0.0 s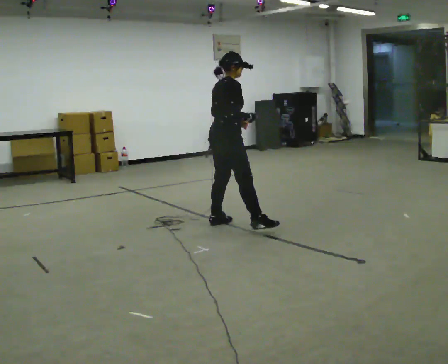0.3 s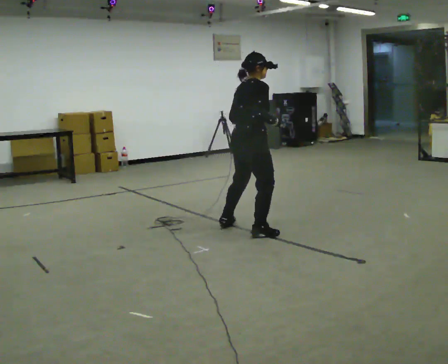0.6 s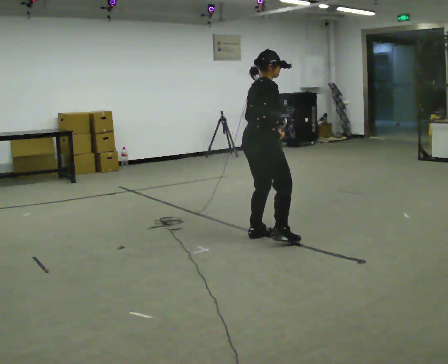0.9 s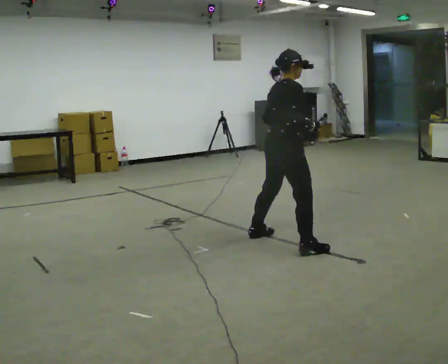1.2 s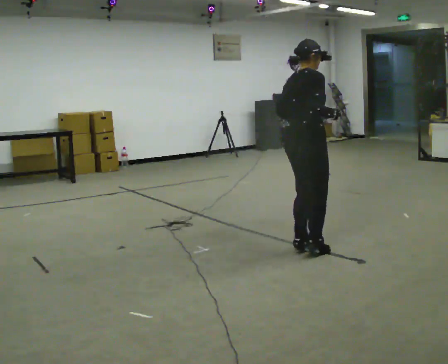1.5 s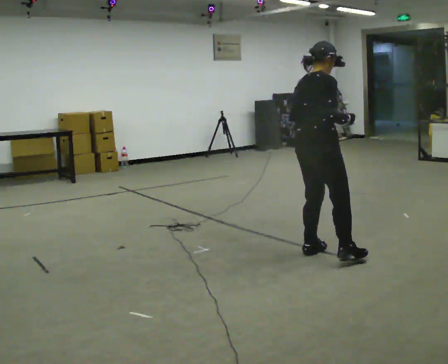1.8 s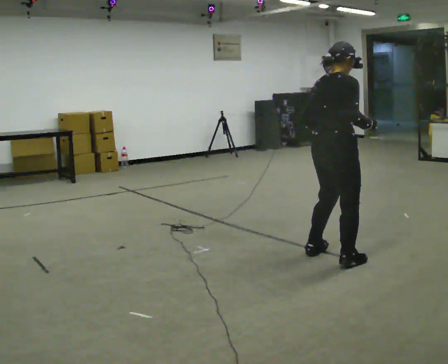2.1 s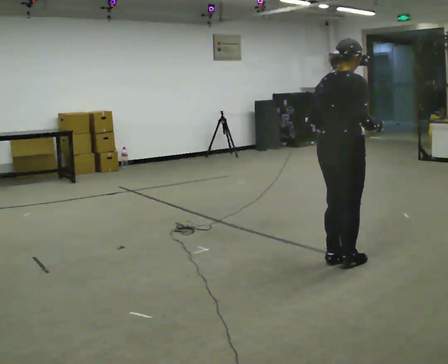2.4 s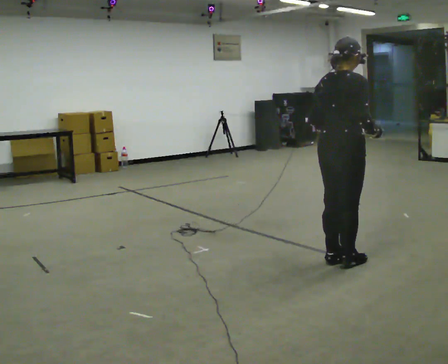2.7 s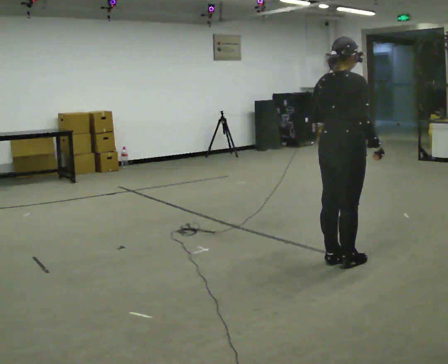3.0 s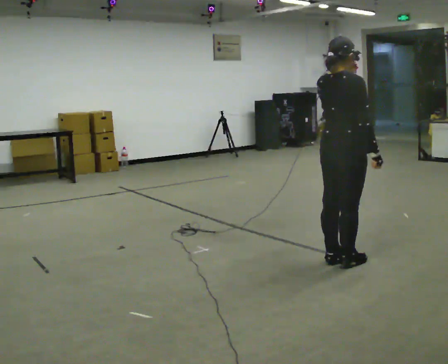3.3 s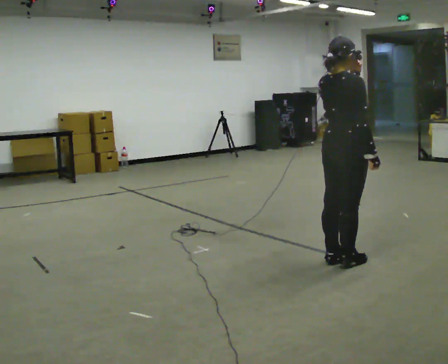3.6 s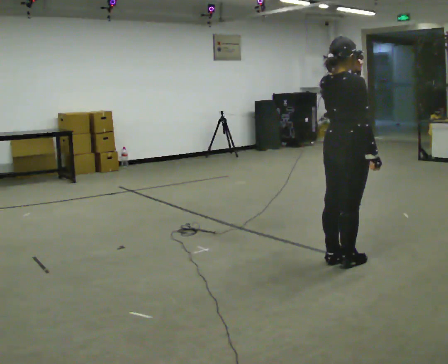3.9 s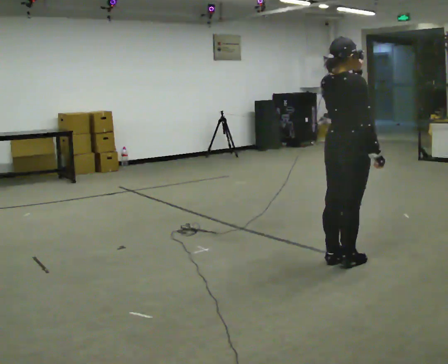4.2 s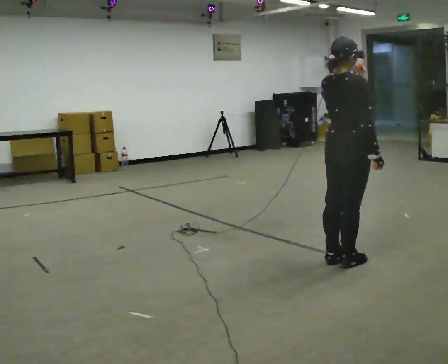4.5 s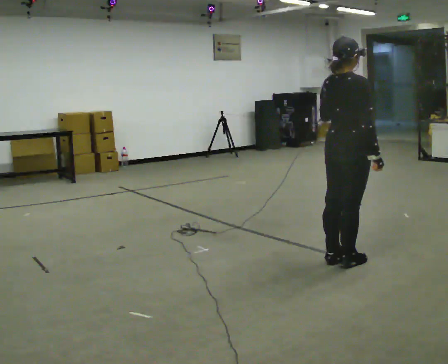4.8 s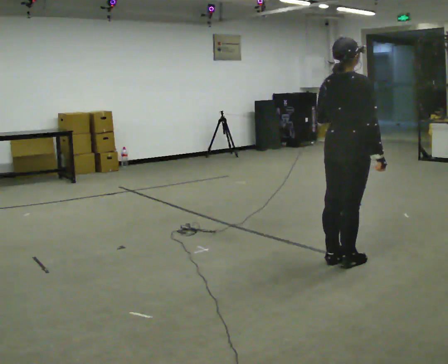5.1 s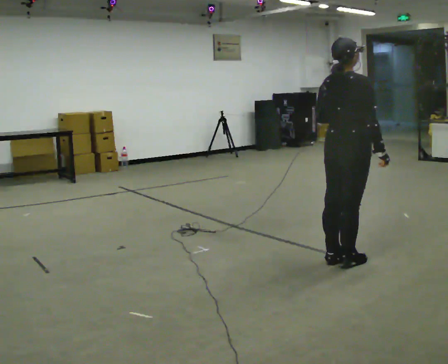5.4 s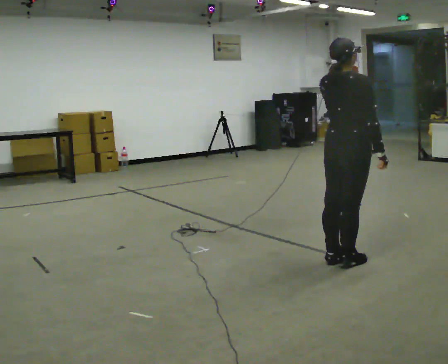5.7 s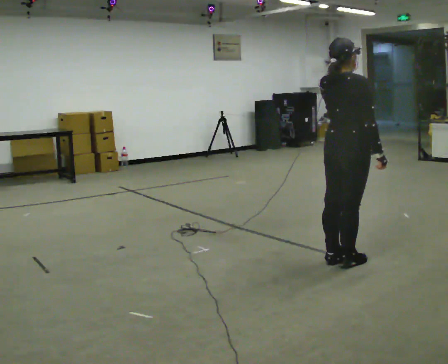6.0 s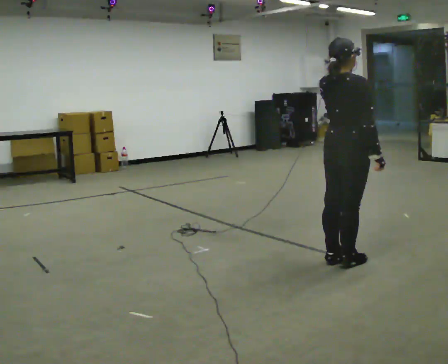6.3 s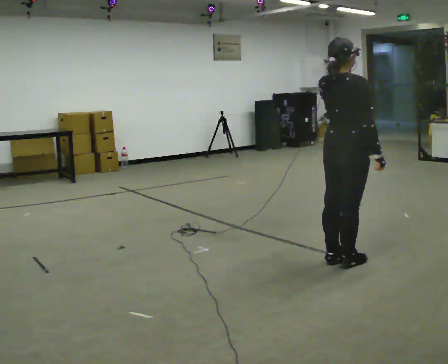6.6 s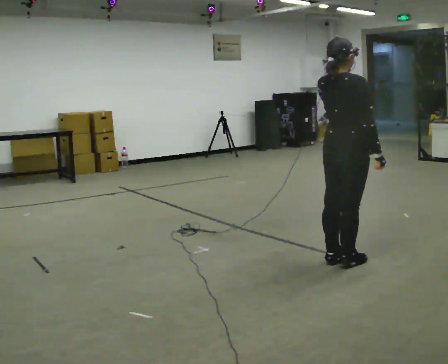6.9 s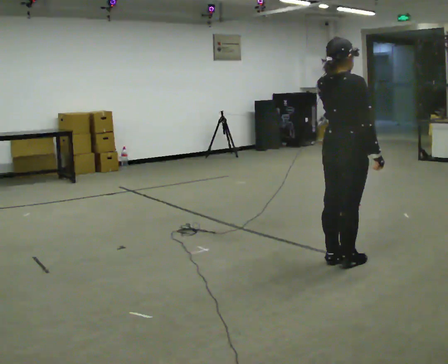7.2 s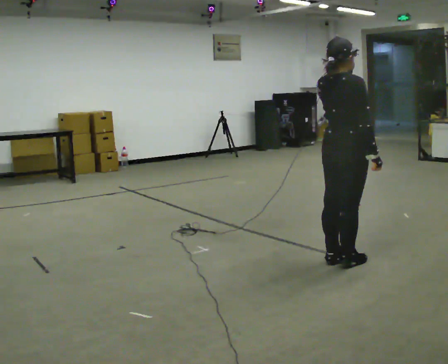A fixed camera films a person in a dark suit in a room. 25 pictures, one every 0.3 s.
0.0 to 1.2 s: In the picture they go to the right and toward the camera, about 1 m in 3 steps, which for them is to their right.
1.2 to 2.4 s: In the picture they go toward the camera and to the right, about 0.25 m in 3 steps, which for them is to their right.
2.4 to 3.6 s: In the picture their left hand goes upward.
3.6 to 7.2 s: The person moves a little, or ends about where they began.
The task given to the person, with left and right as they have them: Shuffle sideways quickly in the direction the operator calls, without crossing your feet.
The film runs forward here.
